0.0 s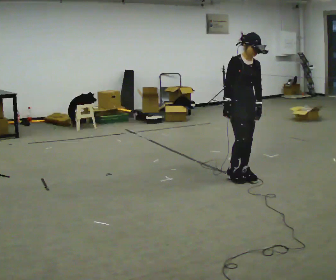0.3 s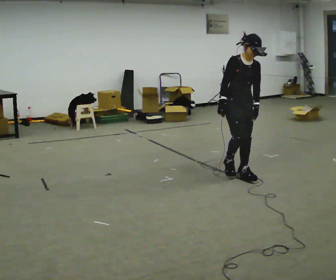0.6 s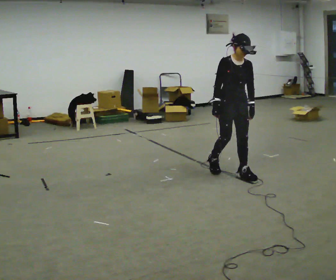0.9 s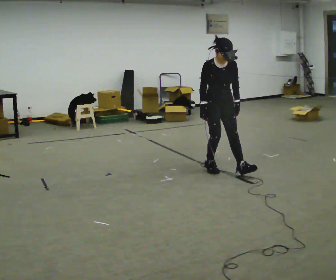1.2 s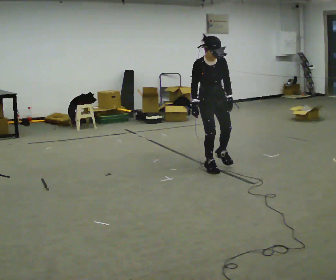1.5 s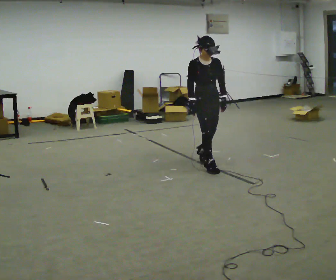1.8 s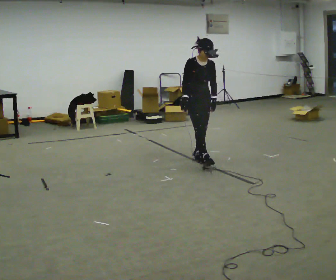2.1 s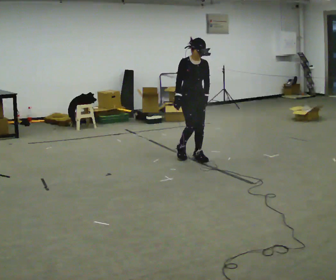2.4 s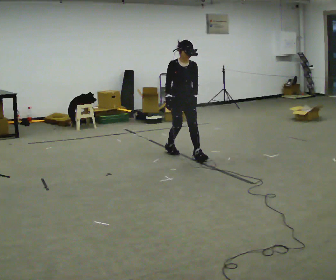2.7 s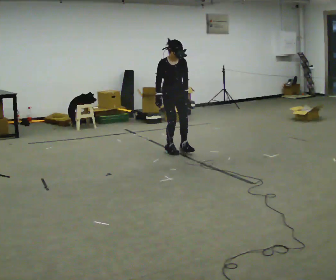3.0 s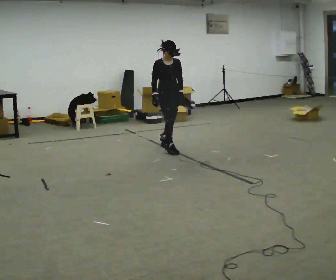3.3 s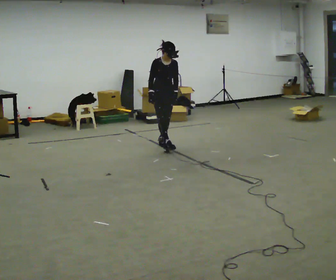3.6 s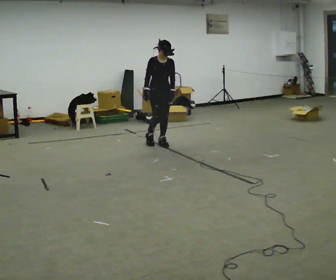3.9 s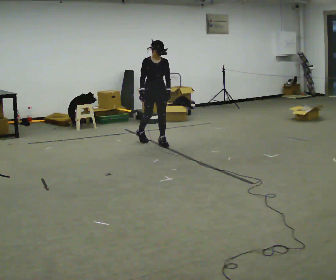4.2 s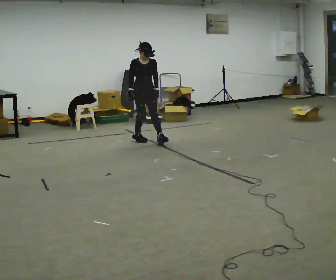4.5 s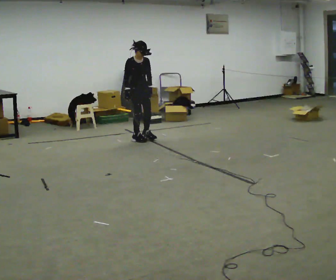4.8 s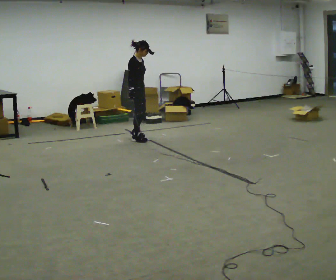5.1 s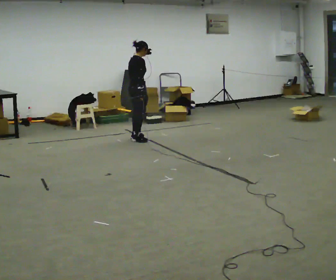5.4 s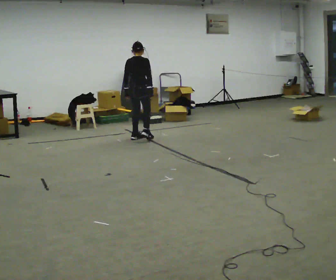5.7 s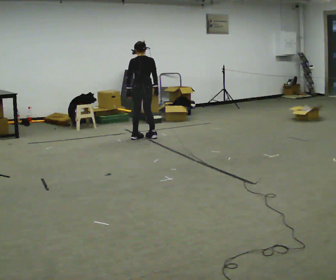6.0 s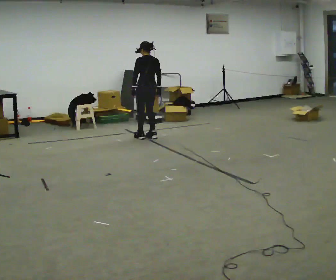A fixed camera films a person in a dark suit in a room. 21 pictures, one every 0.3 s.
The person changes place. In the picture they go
away from the camera.
0.0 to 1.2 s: In the picture they go away from the camera and to the left, about 0.5 m in 1 step, which for them is backward.
1.2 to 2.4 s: In the picture they go away from the camera and to the left, about 0.75 m in 2 steps, which for them is backward.
2.4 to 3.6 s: In the picture they go away from the camera and to the left, about 0.75 m in 1 step, which for them is backward.
3.6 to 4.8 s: The part of the body nearest the lens slides to the right as the person turns to their left by about 60 degrees. In the picture they go to the left and away from the camera, about 0.5 m in 1 step.
4.8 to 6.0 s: Seen from above the body turns counterclockwise, about 135 degrees: to their left, with its near side sliding to the right. In the picture they go to the right and away from the camera, about 0.25 m in 2 steps.
The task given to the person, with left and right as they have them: Walk backward slowly; stop.
The film runs forward here.
